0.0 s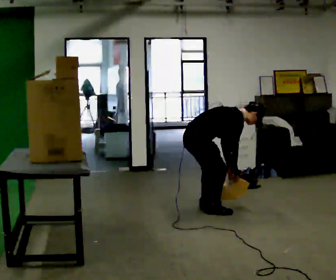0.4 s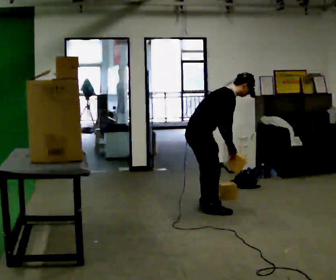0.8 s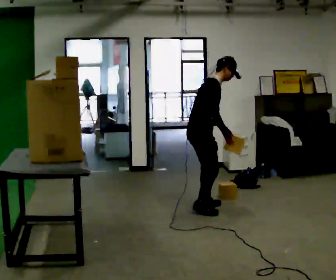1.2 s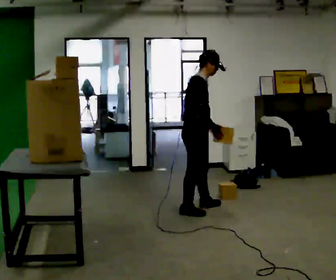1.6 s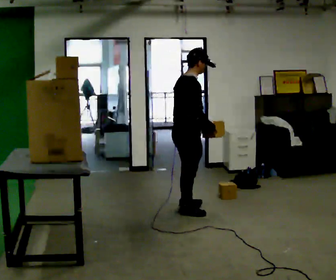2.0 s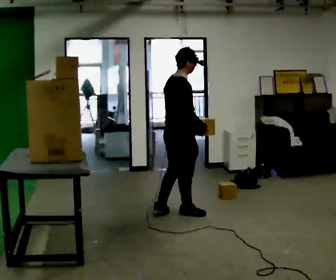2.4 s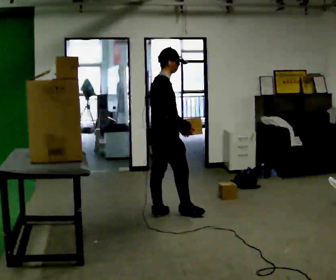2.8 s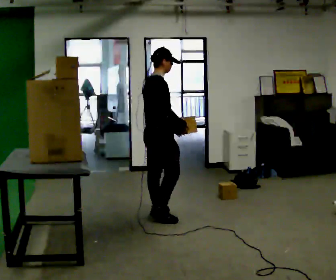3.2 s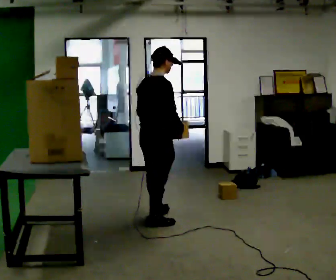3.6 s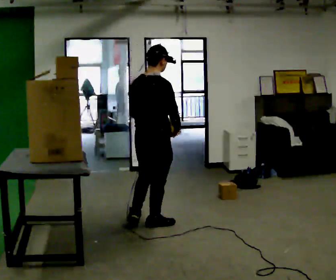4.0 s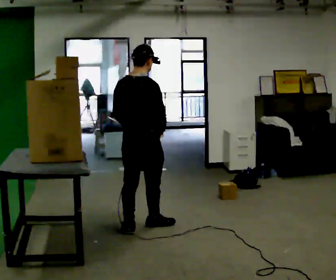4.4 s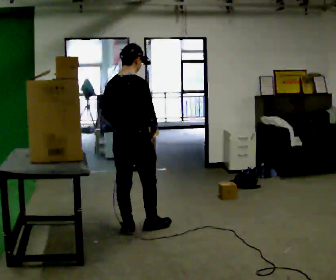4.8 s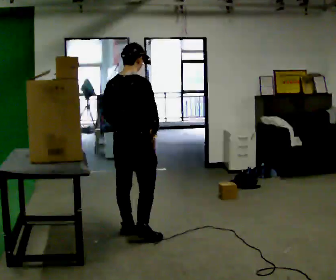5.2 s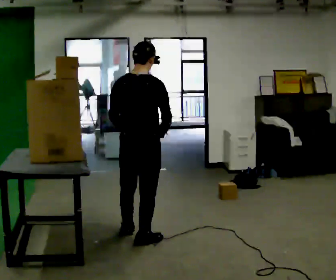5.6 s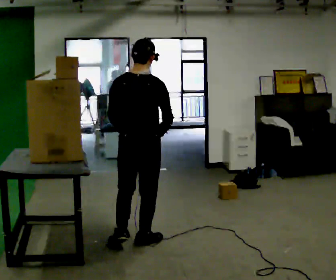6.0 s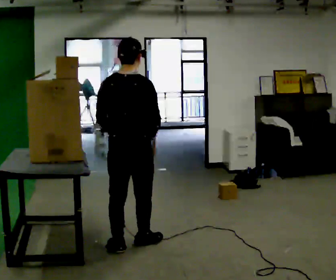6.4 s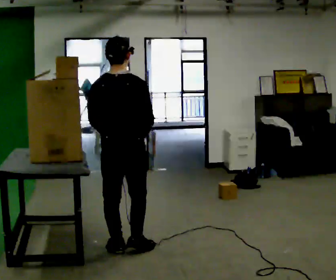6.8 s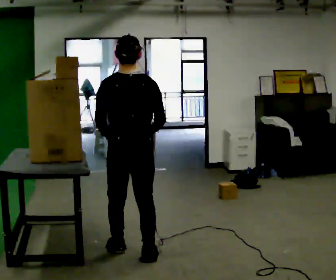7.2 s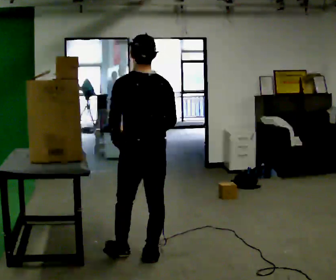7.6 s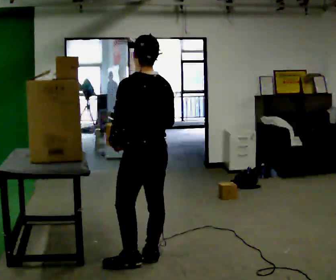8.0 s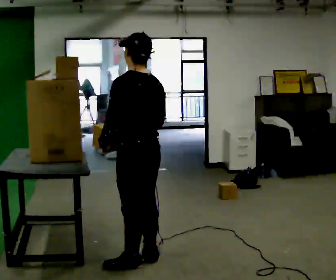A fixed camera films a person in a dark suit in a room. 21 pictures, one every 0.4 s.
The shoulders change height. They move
upward.
The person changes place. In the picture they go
toward the camera.
0.0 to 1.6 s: The shoulders move upward. In the picture the upper body tilts counterclockwise, shoulders to the left, as they lean back or straighten. In the picture their right hand goes upward.
1.6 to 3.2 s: In the picture they go to the left and toward the camera, about 0.5 m in 1 step, which for them is backward.
3.2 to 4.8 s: In the picture they go toward the camera and to the left, about 0.5 m in 2 steps, which for them is backward.
4.8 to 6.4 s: In the picture they go toward the camera, about 0.5 m in 2 steps, which for them is backward.
6.4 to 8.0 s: Seen from above the body turns counterclockwise, about 60 degrees: to their left, with its near side sliding to the right. In the picture they go toward the camera, about 0.25 m in 1 step, which for them is backward.
The film runs backward here.
